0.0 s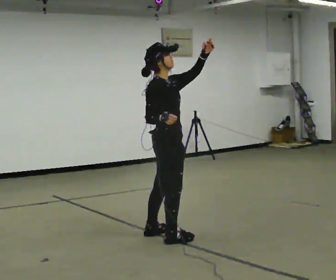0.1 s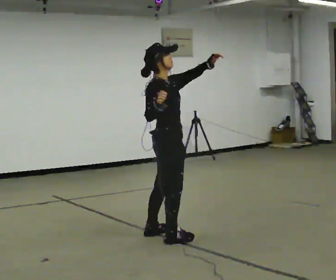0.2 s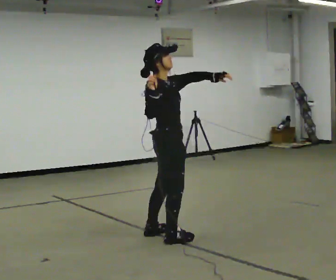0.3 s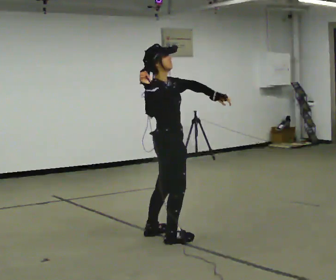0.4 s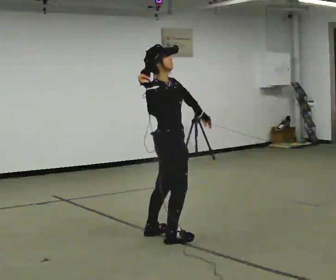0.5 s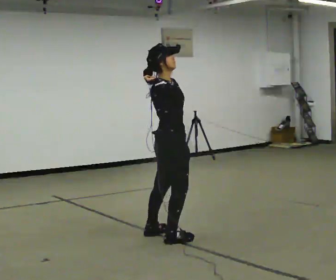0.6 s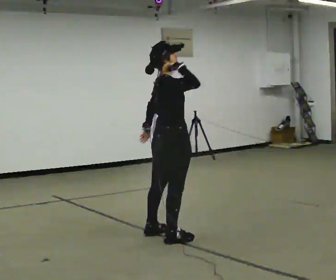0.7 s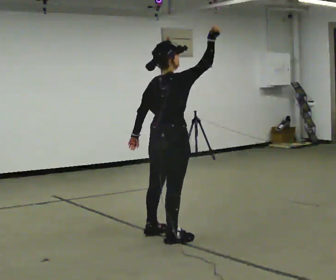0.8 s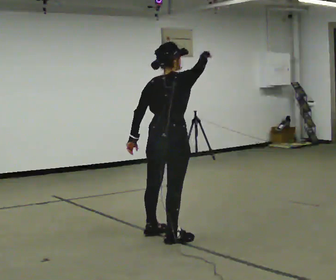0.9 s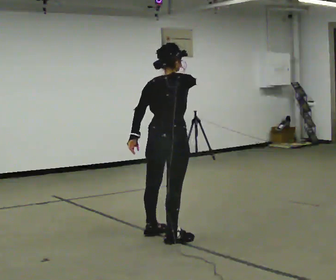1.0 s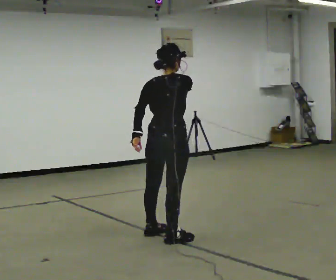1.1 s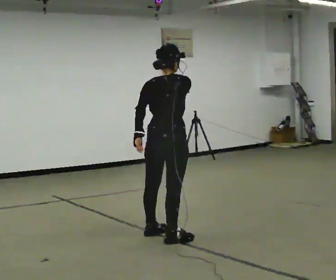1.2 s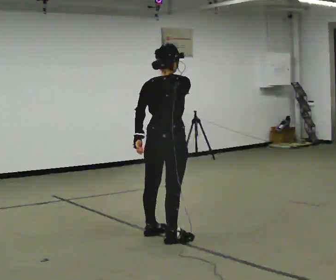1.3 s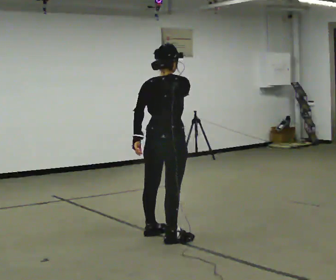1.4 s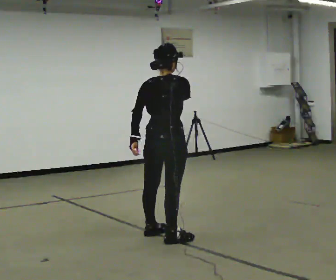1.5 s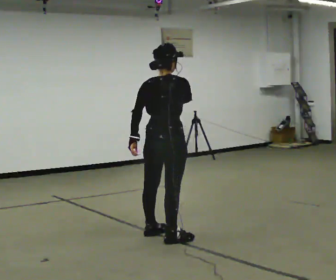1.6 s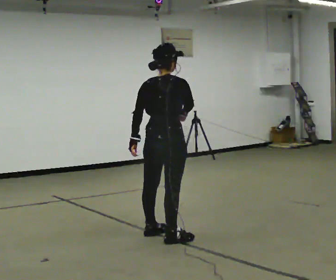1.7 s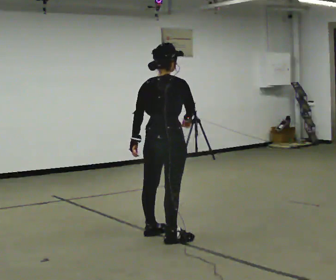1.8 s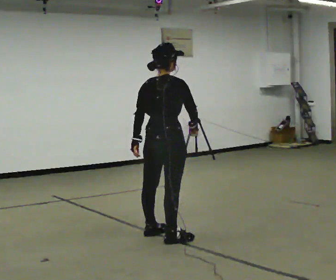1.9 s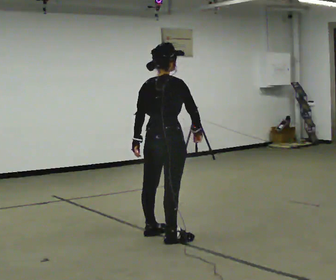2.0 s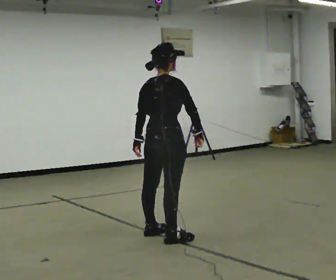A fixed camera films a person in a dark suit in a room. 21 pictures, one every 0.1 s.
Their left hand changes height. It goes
downward.
Their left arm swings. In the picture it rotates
clockwise.
0.0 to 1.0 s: The part of the body nearest the lens slides to the right as the person turns to their left by about 75 degrees. In the picture their left hand goes downward and to the left, the arm swinging clockwise.
1.0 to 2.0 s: In the picture their right hand goes downward.
The film runs forward here.
